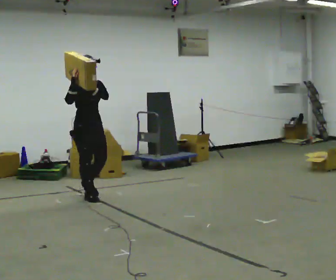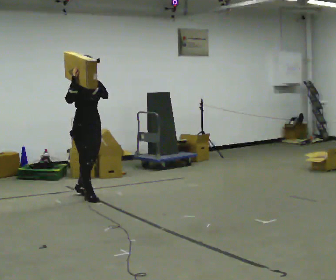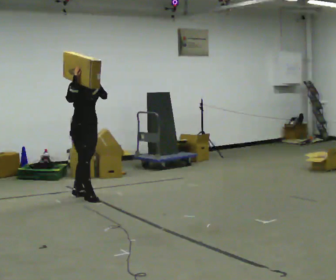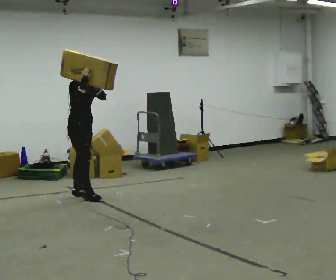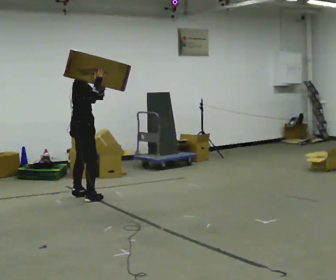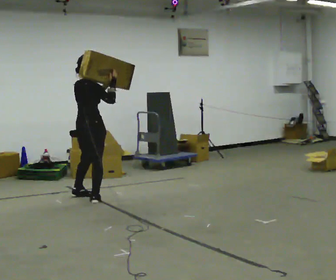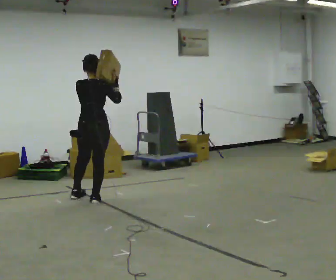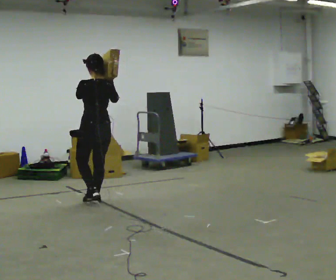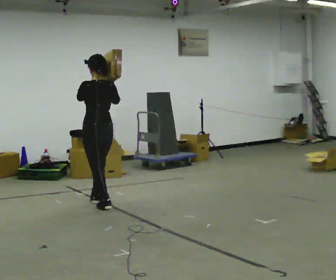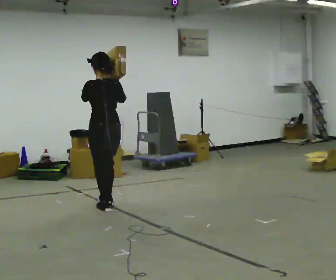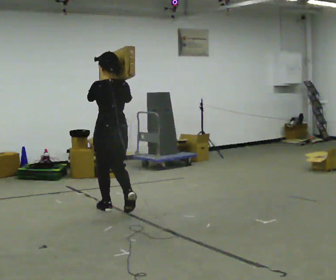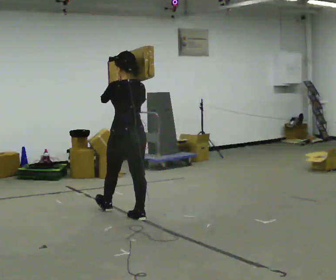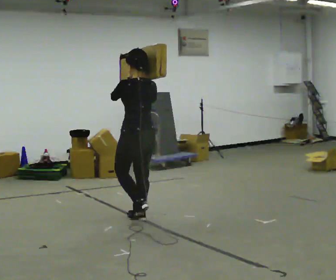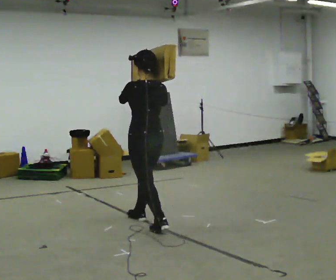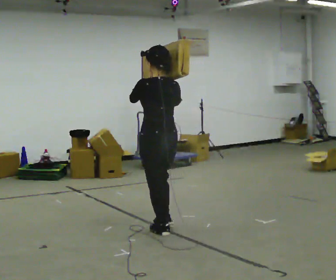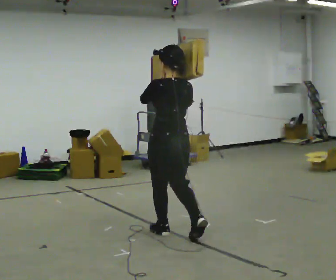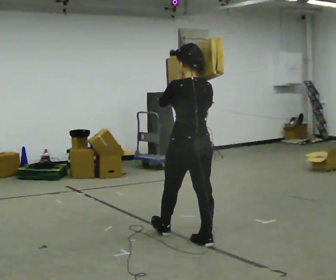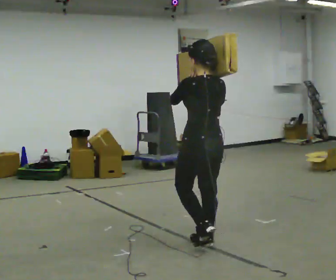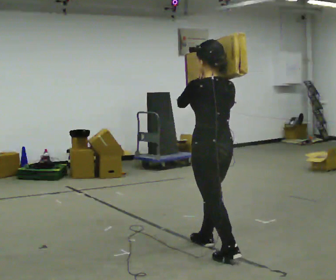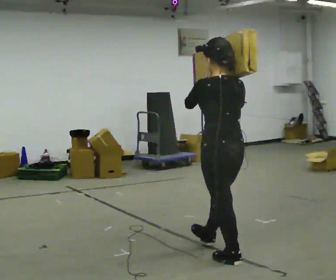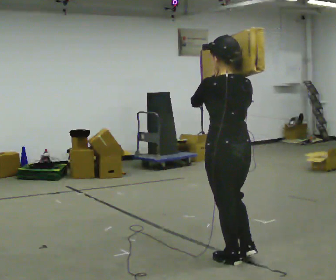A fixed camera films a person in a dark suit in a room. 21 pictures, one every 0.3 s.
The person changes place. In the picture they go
toward the camera.
0.0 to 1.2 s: The part of the body nearest the lens slides to the right as the person turns to their left by about 60 degrees.
1.2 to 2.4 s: The person turns about 120 degrees to their left, counterclockwise seen from above, so the part of the body nearest the lens slides to the right. In the picture they go toward the camera and to the right, about 0.5 m in 1 step.
2.4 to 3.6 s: In the picture they go toward the camera and to the right, about 1 m in 2 steps, which for them is backward.
3.6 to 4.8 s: In the picture they go toward the camera and to the right, about 1 m in 2 steps, which for them is backward.
4.8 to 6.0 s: In the picture they go toward the camera, about 0.5 m in 1 step, which for them is backward.
The film runs backward here.
